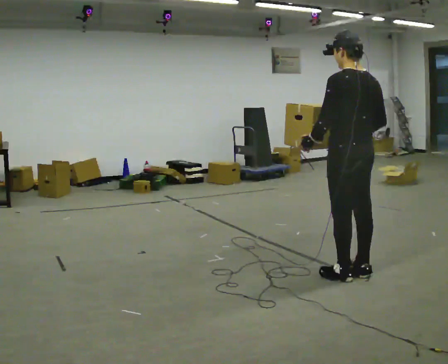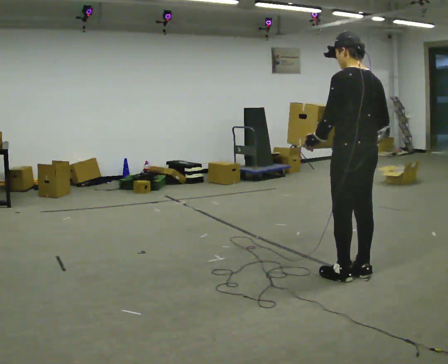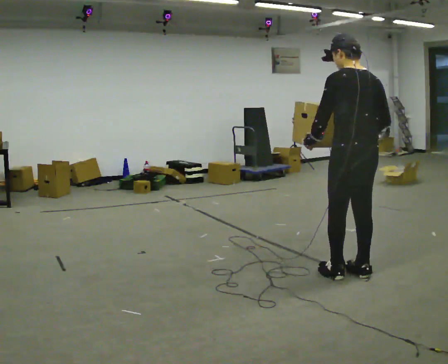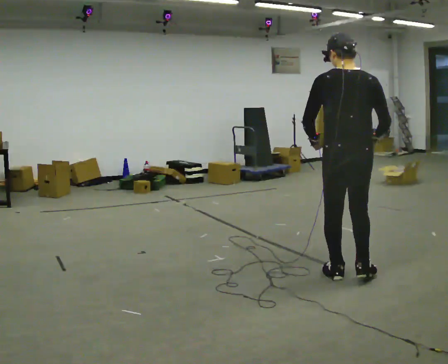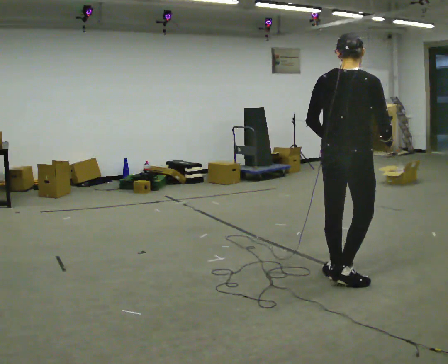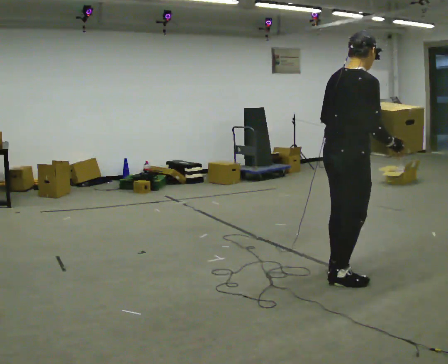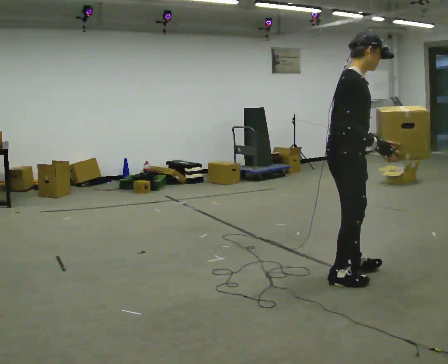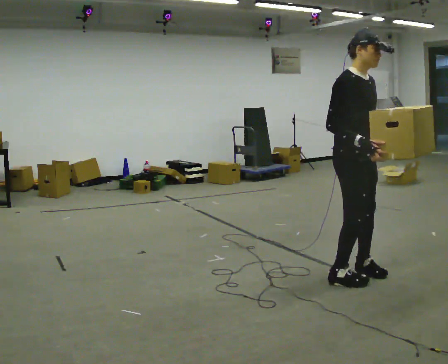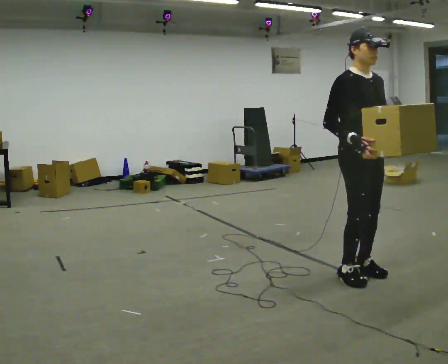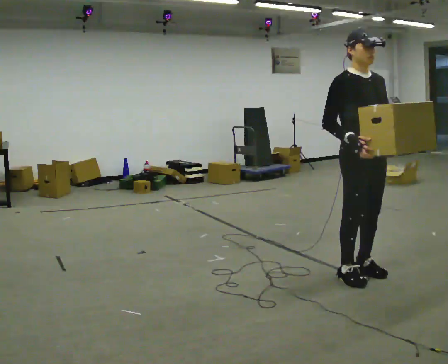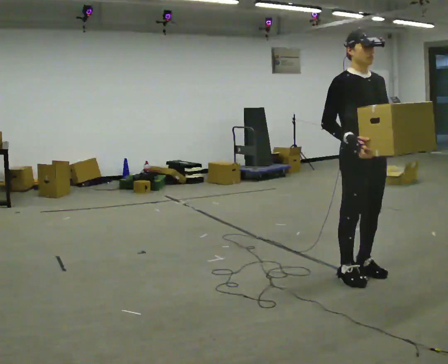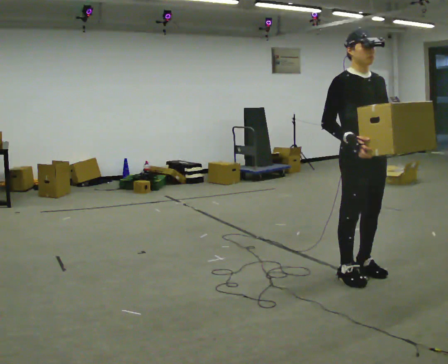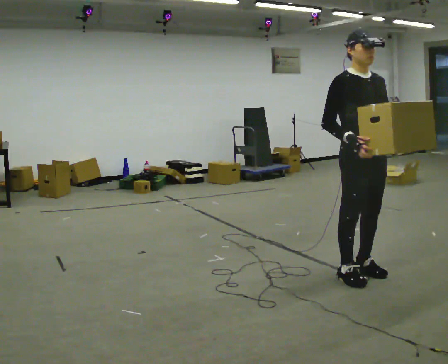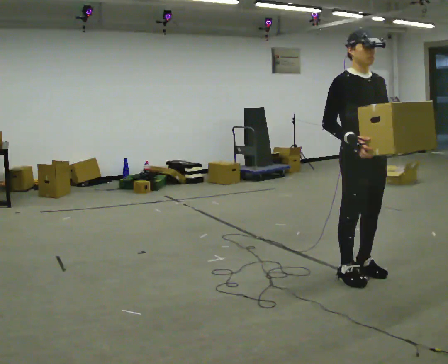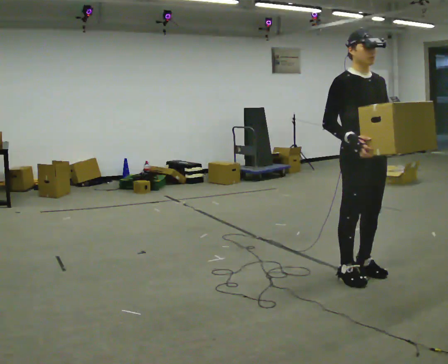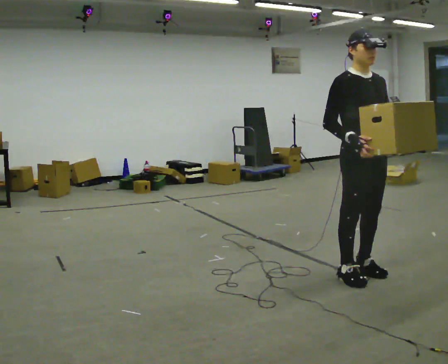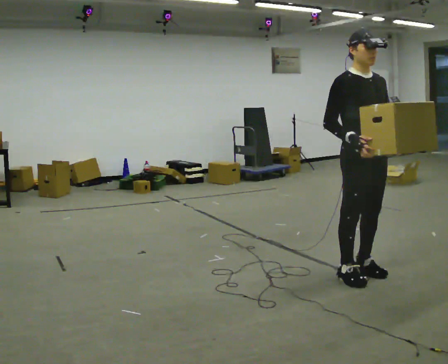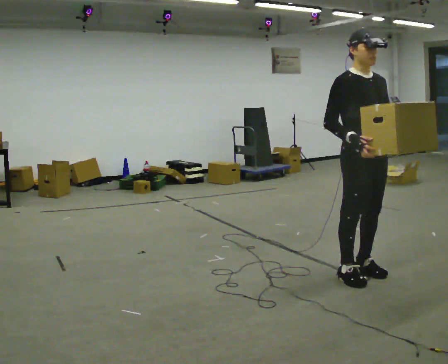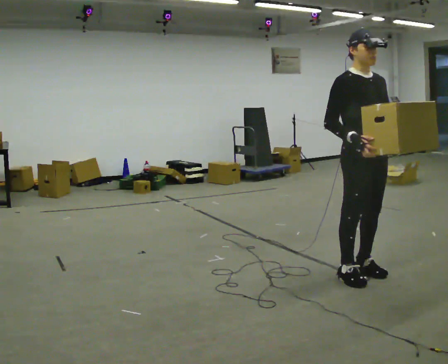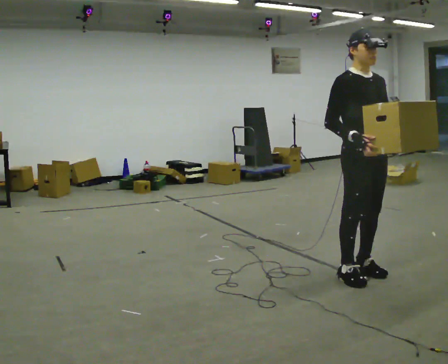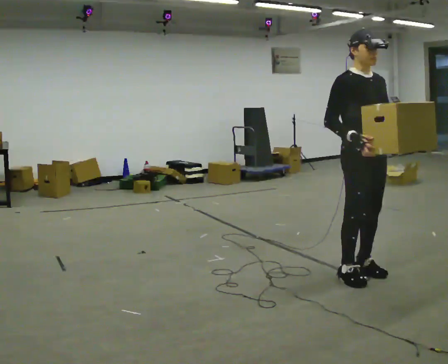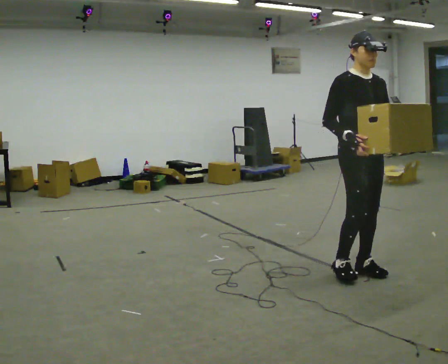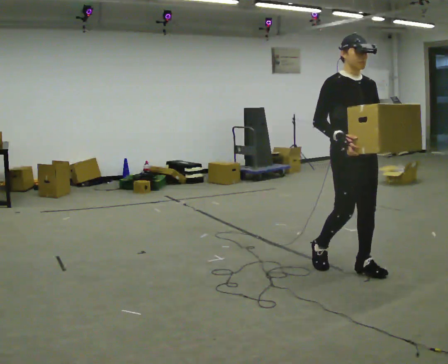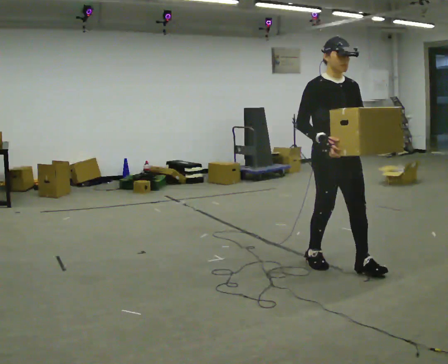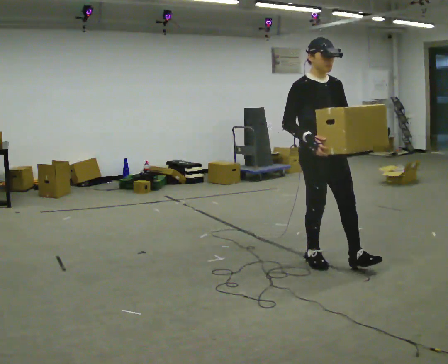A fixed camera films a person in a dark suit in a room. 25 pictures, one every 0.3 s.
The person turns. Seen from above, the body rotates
clockwise.
Their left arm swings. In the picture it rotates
counterclockwise.
0.0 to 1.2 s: The part of the body nearest the lens slides to the left as the person turns to their right by about 60 degrees.
1.2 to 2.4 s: The person turns about 105 degrees to their right, clockwise seen from above, so the part of the body nearest the lens slides to the left. In the picture their left hand goes to the right, the arm swinging counterclockwise.
2.4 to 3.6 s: The person moves a little, or ends about where they began.
3.6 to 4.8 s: The person keeps their place and pose.
4.8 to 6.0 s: The person moves a little, or ends about where they began.
6.0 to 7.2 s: In the picture they go to the left and away from the camera, about 0.5 m in 2 steps, which for them is backward.
The film runs backward here.
